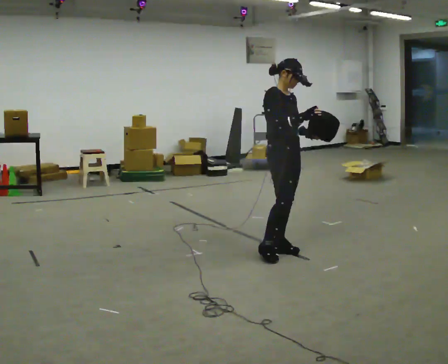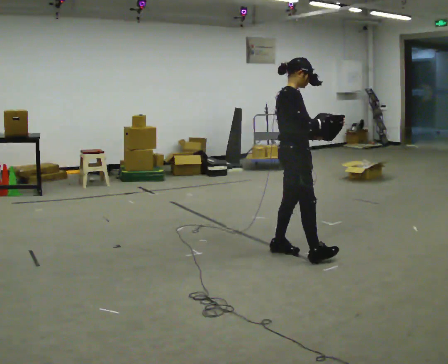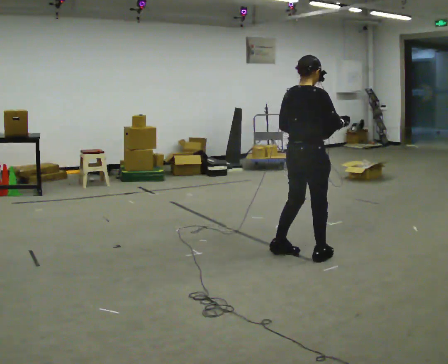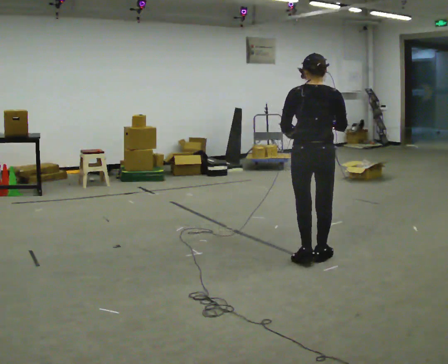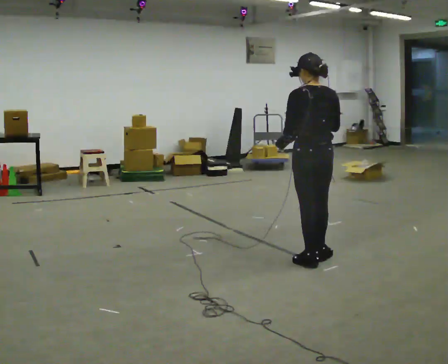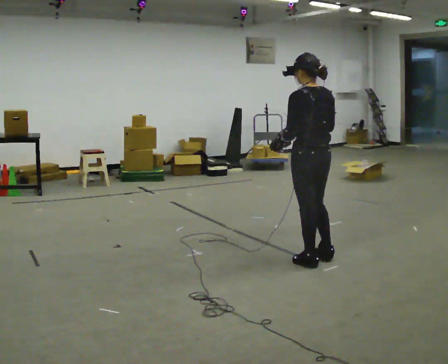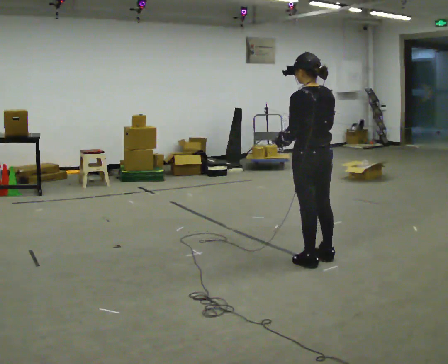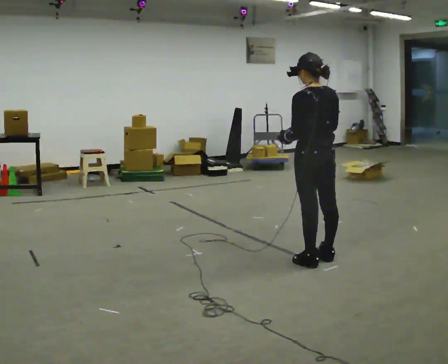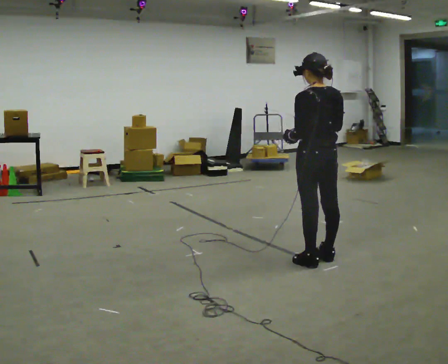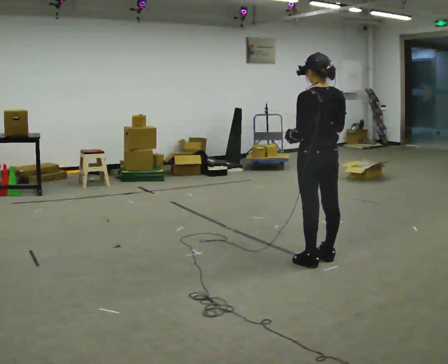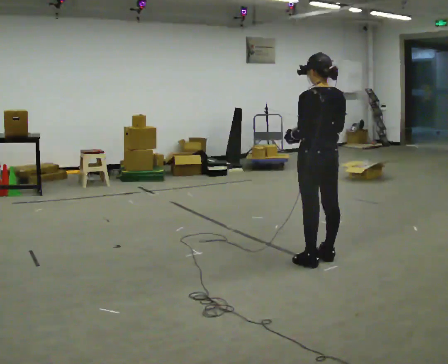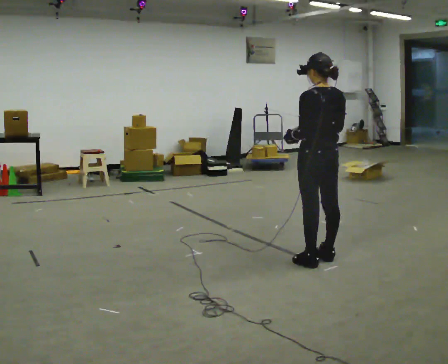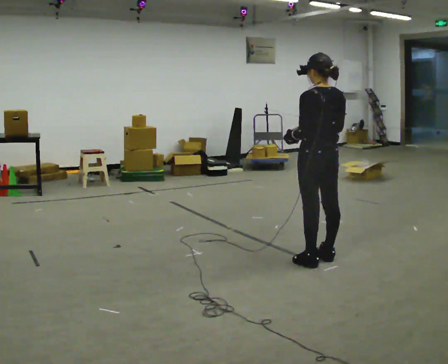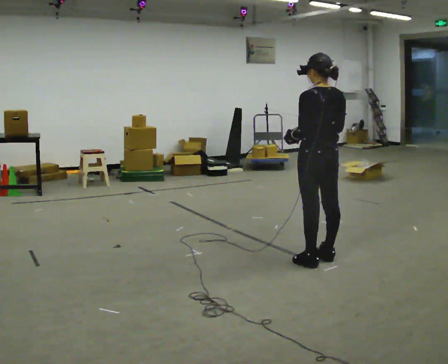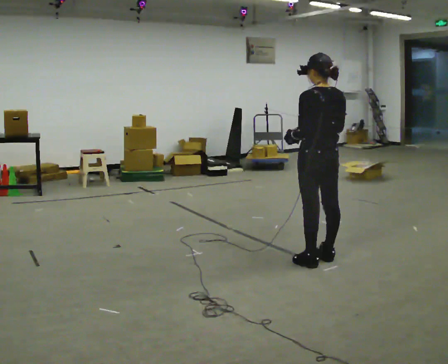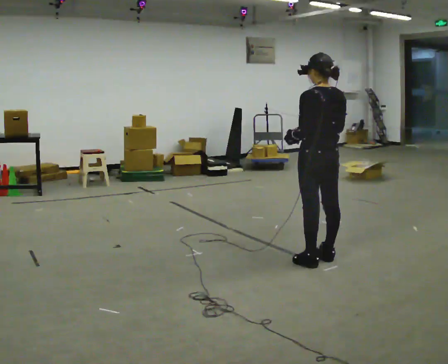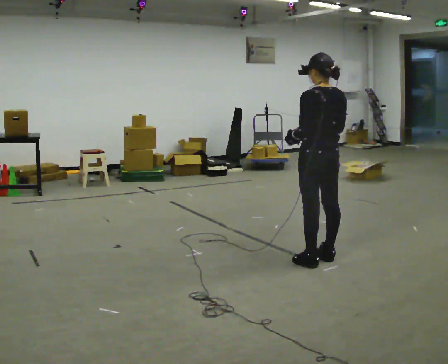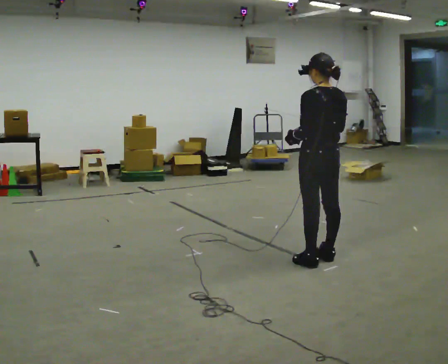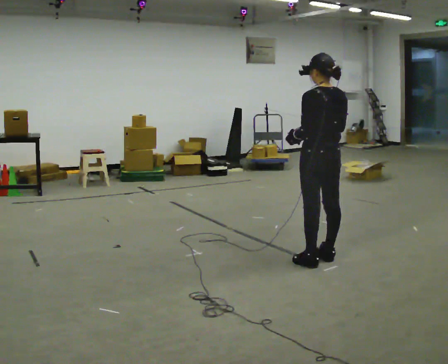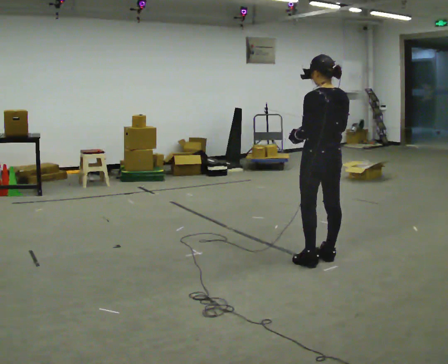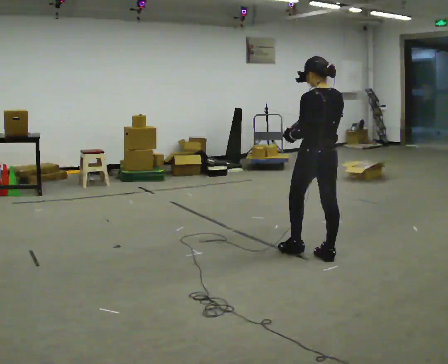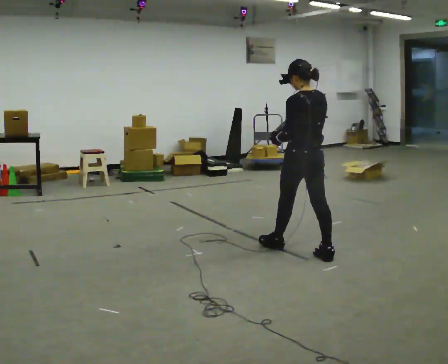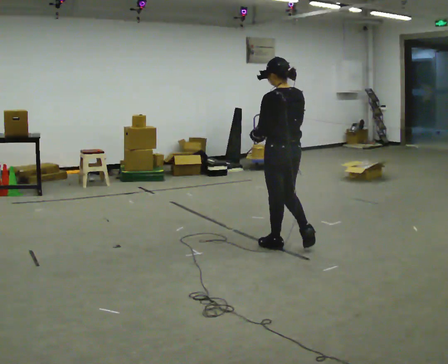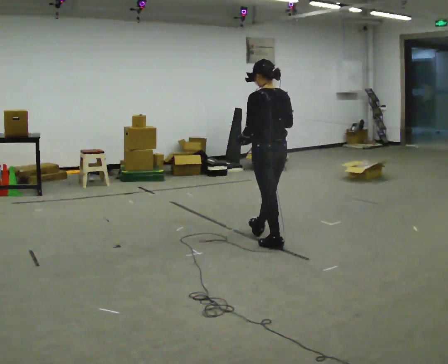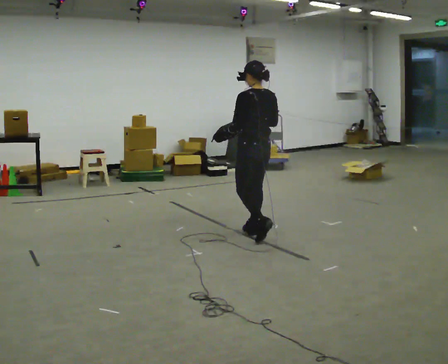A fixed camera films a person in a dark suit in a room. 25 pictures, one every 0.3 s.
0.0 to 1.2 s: The person turns about 150 degrees to their left, counterclockwise seen from above, so the part of the body nearest the lens slides to the right. In the picture they go to the right and toward the camera, about 0.5 m in 2 steps.
1.2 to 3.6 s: The person moves a little, or ends about where they began.
3.6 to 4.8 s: The person keeps their place and pose.
4.8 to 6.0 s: The person moves a little, or ends about where they began.
6.0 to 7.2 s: In the picture they go to the left and away from the camera, about 1 m in 2 steps, which for them is forward.
The film runs forward here.
